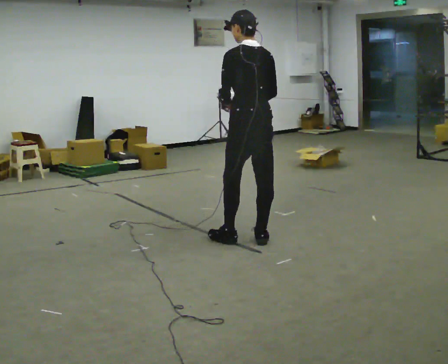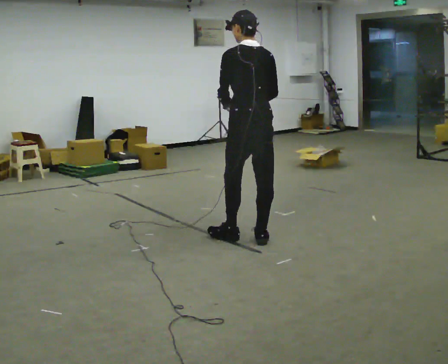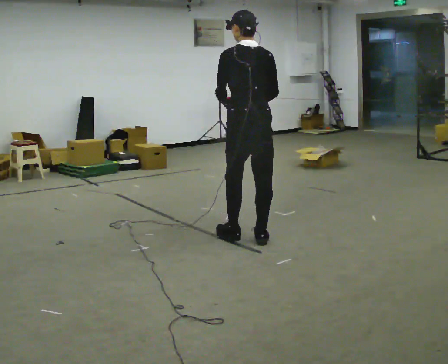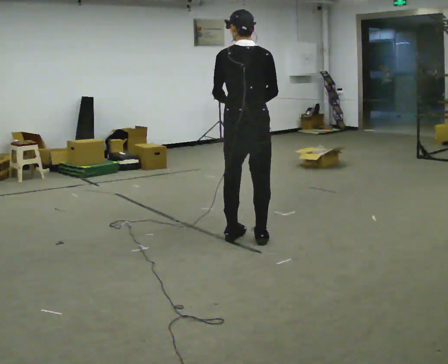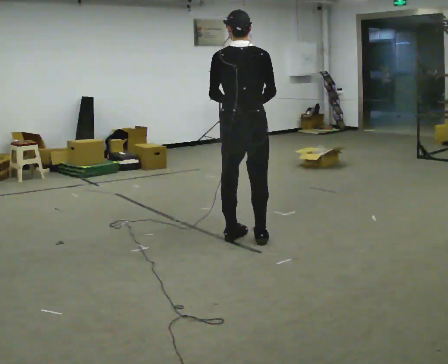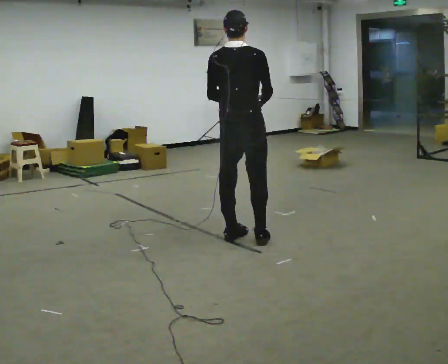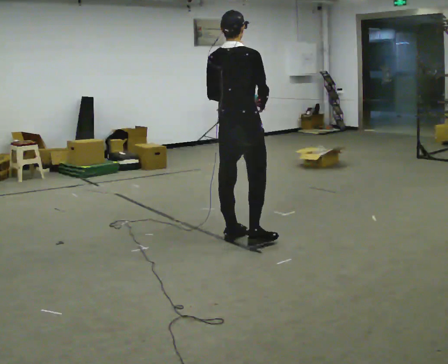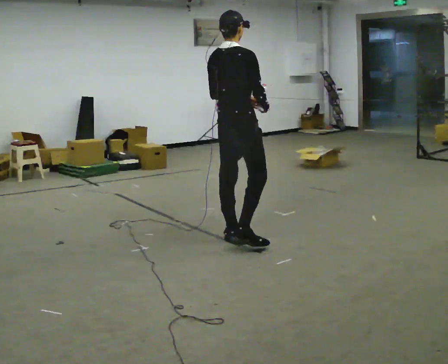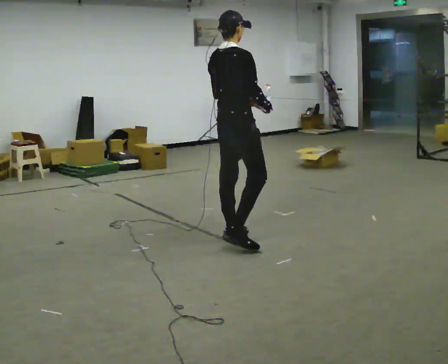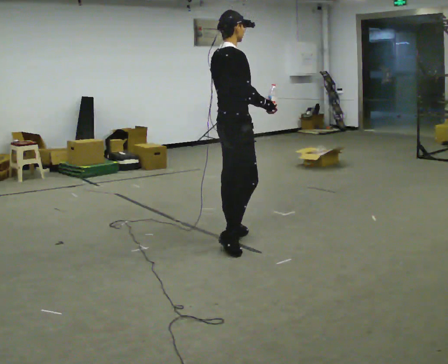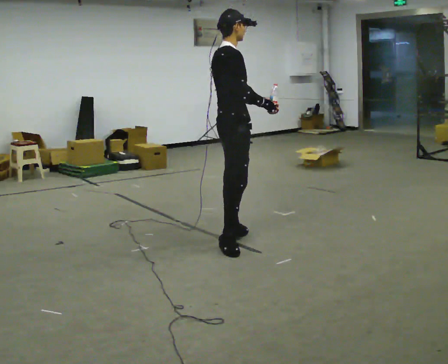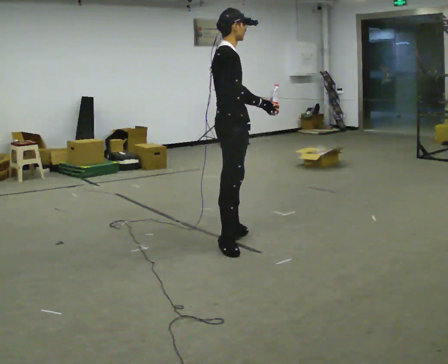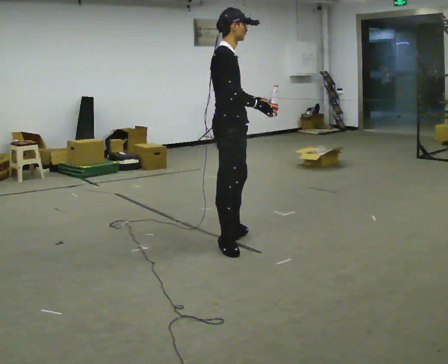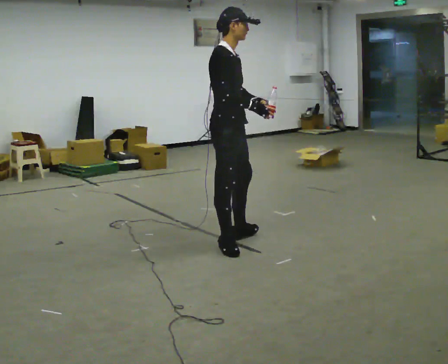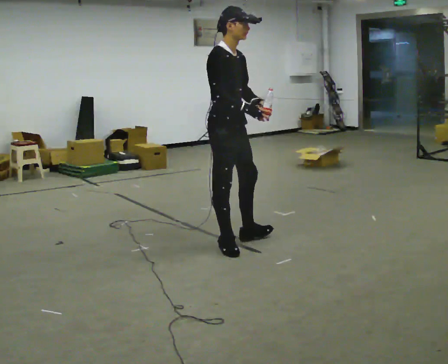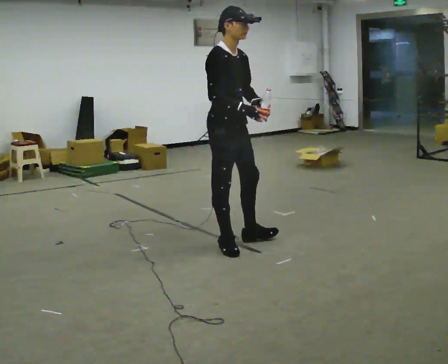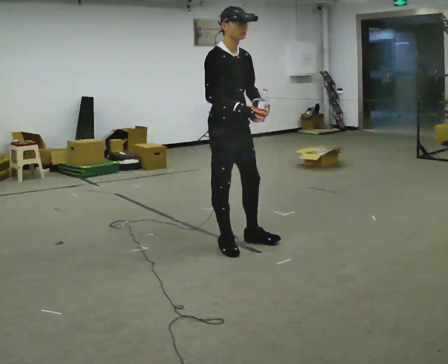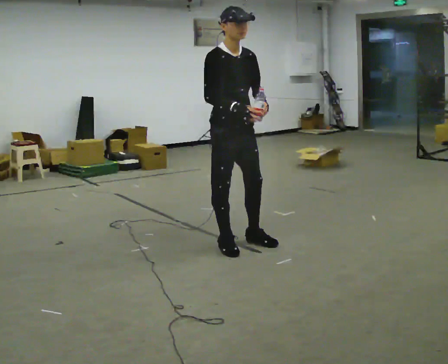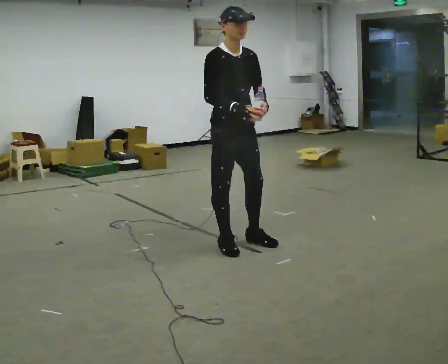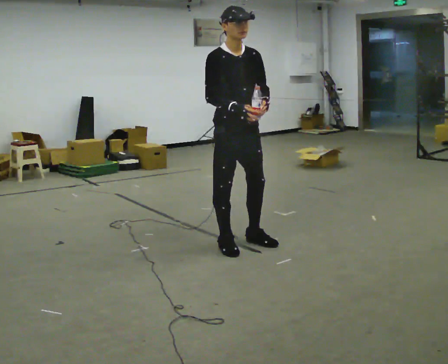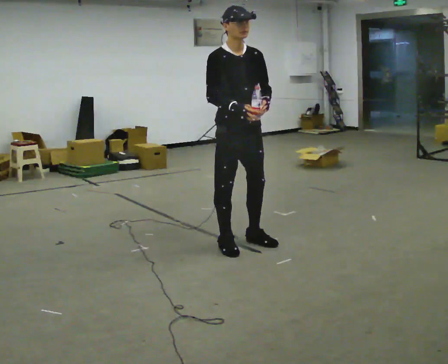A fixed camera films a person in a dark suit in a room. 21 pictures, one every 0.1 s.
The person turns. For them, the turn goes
to their right.
The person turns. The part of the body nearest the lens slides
to the left.
0.0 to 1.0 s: The person turns about 105 degrees to their right, clockwise seen from above, so the part of the body nearest the lens slides to the left. In the picture they go to the left, about 0.25 m in 1 step.
1.0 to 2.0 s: Seen from above the body turns clockwise, about 75 degrees: to their right, with its near side sliding to the left.
The film runs backward here.
